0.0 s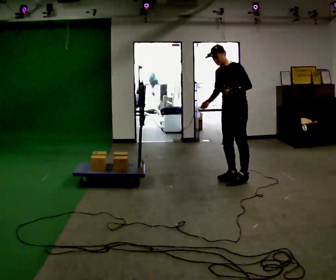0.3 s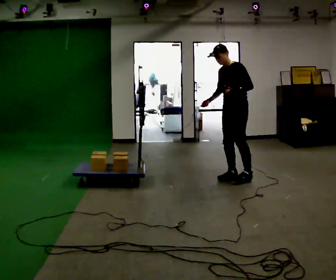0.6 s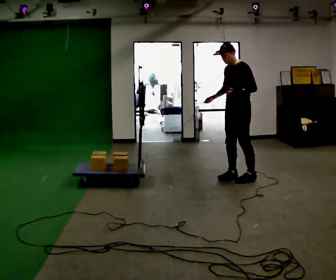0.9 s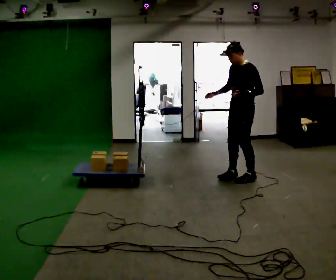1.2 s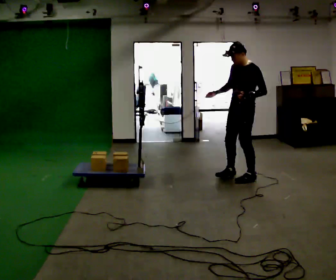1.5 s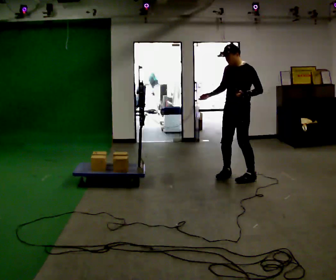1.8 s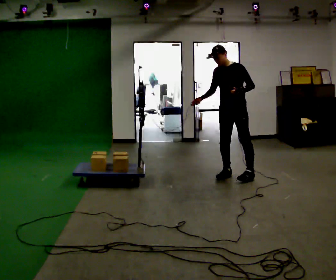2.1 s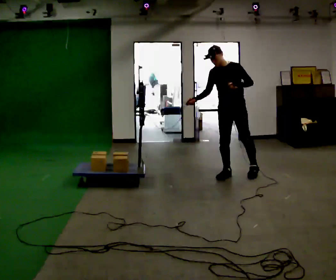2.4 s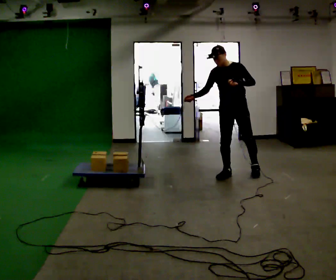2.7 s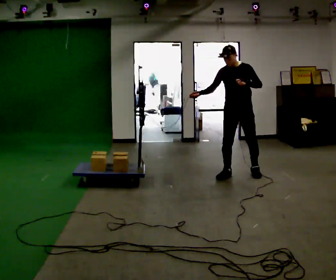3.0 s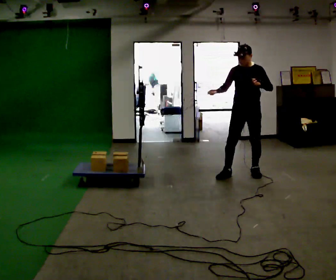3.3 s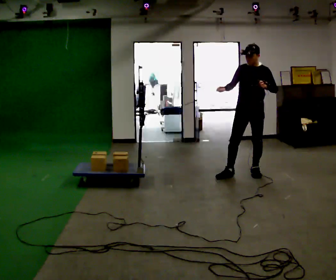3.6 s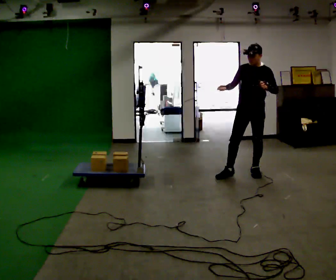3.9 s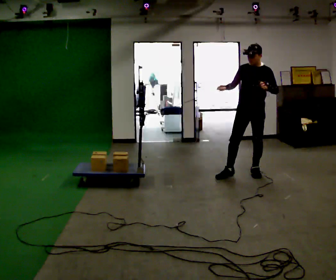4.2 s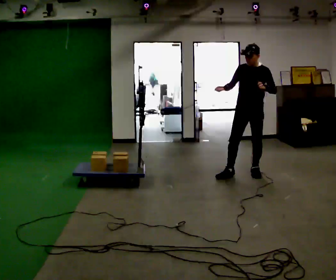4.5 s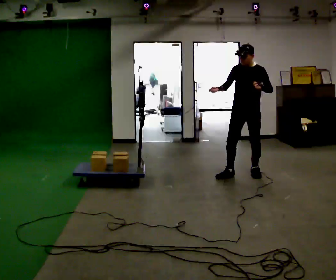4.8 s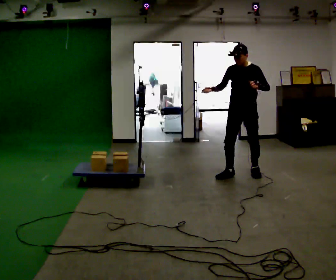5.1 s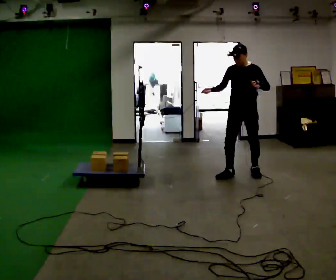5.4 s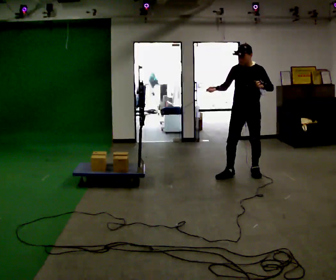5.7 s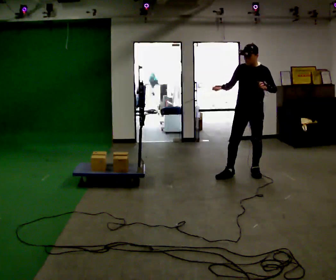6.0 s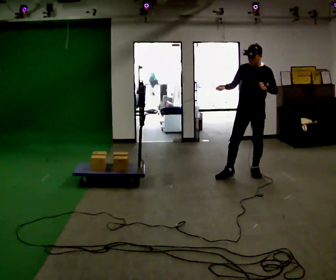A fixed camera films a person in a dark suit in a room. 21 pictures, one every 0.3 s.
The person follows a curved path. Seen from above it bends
clockwise.
0.0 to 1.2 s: In the picture the upper body tilts clockwise, shoulders to the right.
1.2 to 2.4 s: Seen from above the body turns counterclockwise, about 45 degrees: to their left, with its near side sliding to the right. In the picture they go away from the camera, about 0.25 m in 1 step, which for them is to their right and backward. In the picture the upper body tilts counterclockwise, shoulders to the left.
2.4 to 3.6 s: In the picture they go to the right, about 0.25 m, which for them is to their left. In the picture the upper body tilts clockwise, shoulders to the right. In the picture their right hand goes to the right.
3.6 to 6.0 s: The person moves a little, or ends about where they began.
The film runs forward here.
